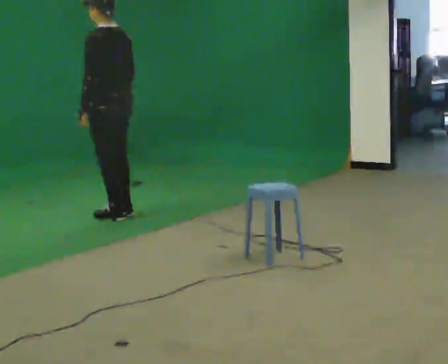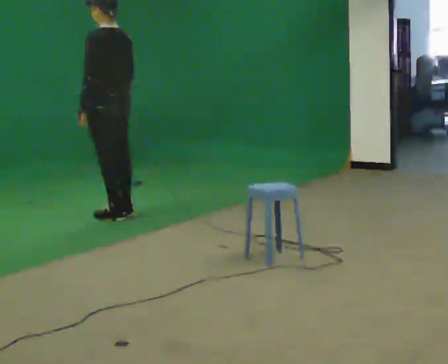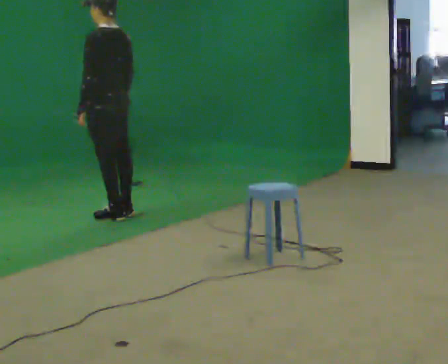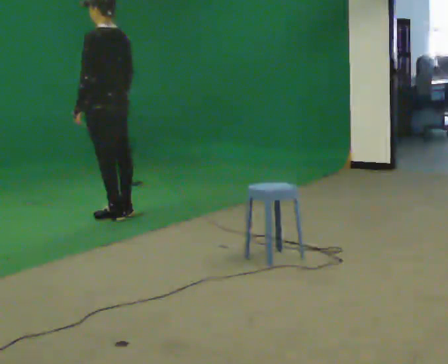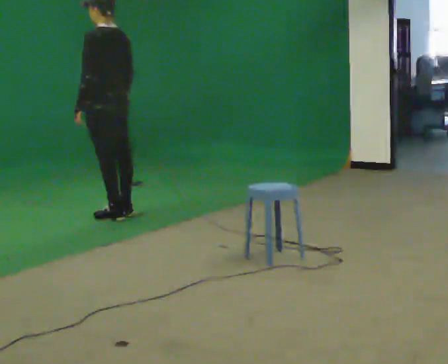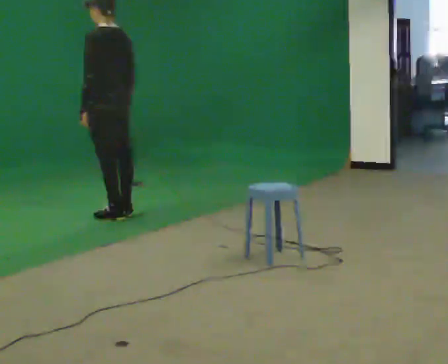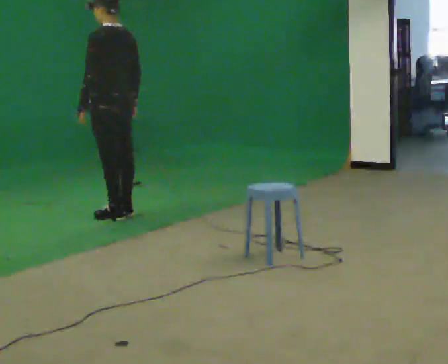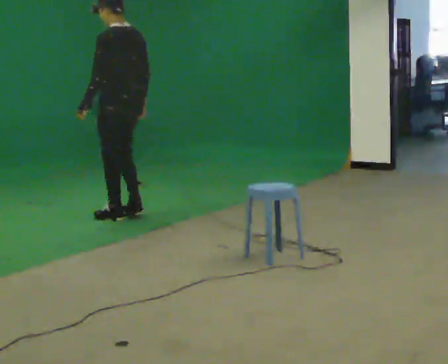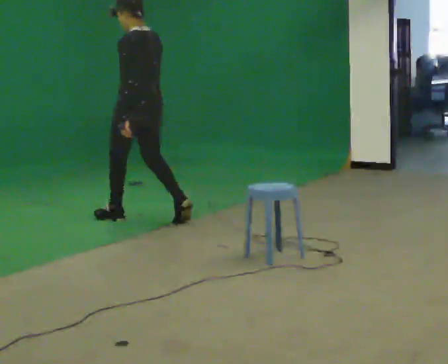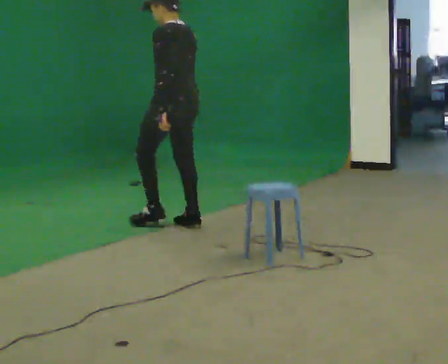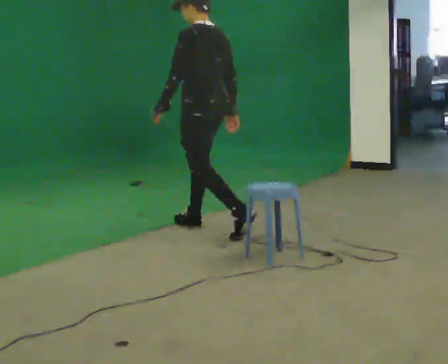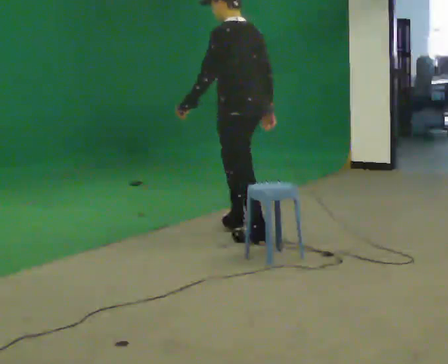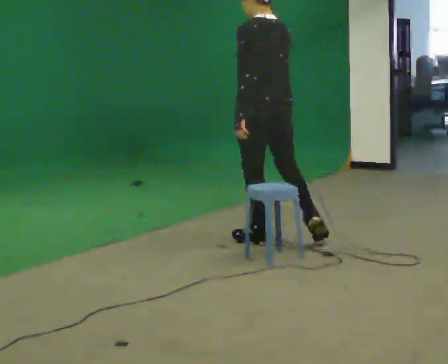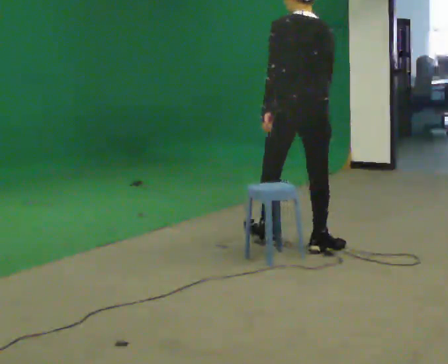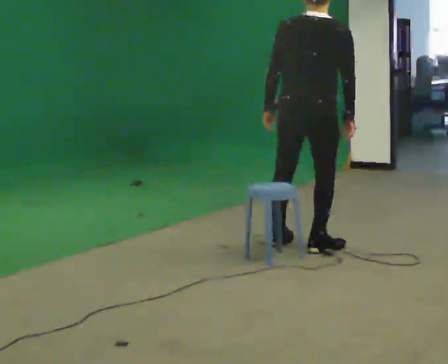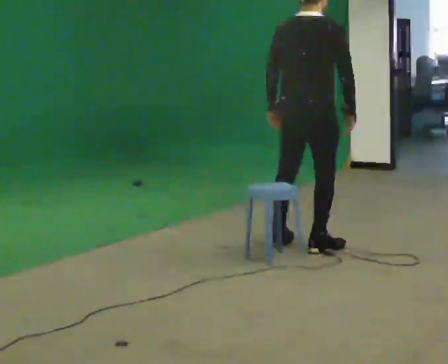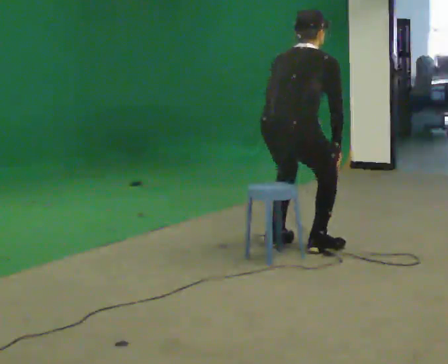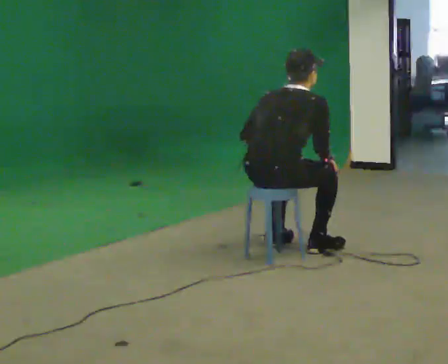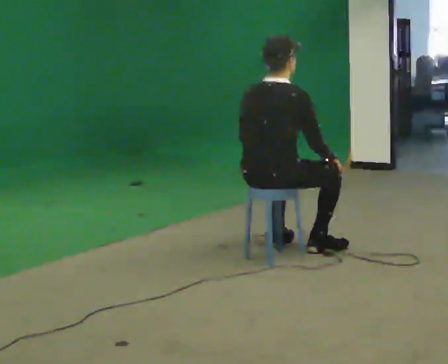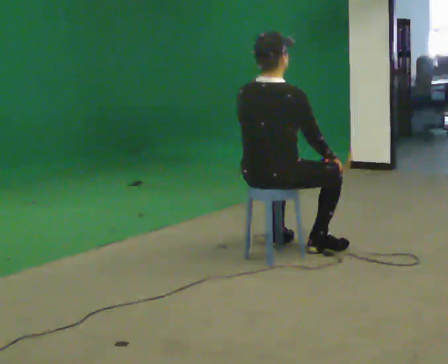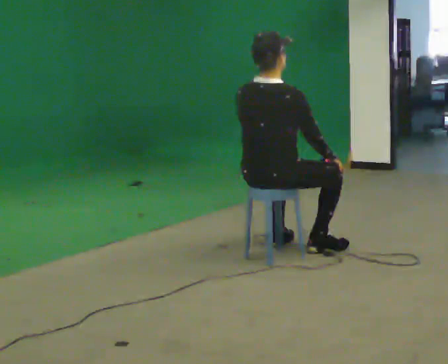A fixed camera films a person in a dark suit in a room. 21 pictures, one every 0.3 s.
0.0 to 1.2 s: The person moves a little, or ends about where they began.
1.2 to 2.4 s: In the picture they go to the right and toward the camera, about 0.25 m in 1 step, which for them is backward.
2.4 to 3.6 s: In the picture they go to the right and toward the camera, about 1 m in 2 steps, which for them is backward.
3.6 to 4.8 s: Seen from above the body turns clockwise, about 75 degrees: to their right, with its near side sliding to the left. In the picture they go toward the camera, about 0.25 m. The upper body goes downward. The upper body tips away from the camera, its near side rolling upward, as they bend forward.
4.8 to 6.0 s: The upper body tips toward the camera, its near side rolling downward.
The film runs backward here.
